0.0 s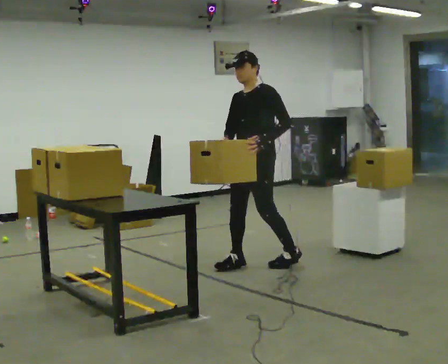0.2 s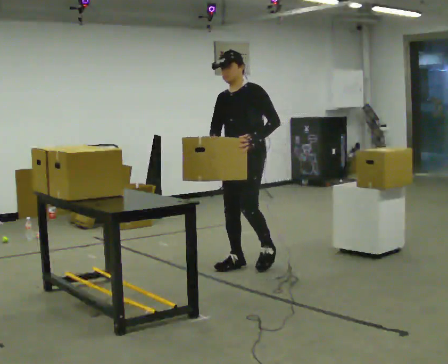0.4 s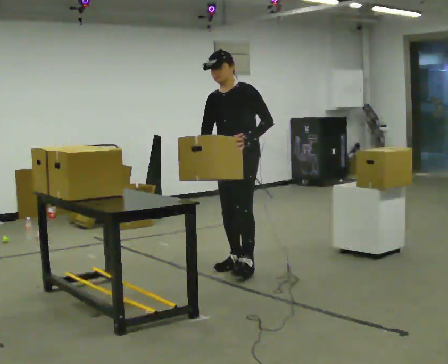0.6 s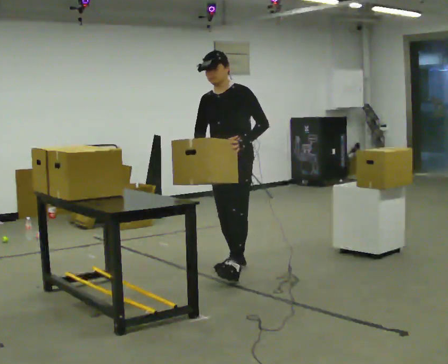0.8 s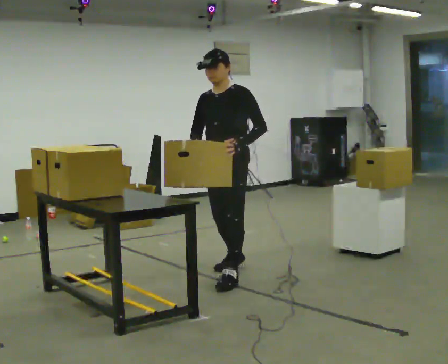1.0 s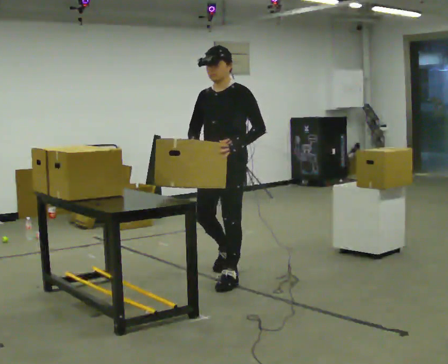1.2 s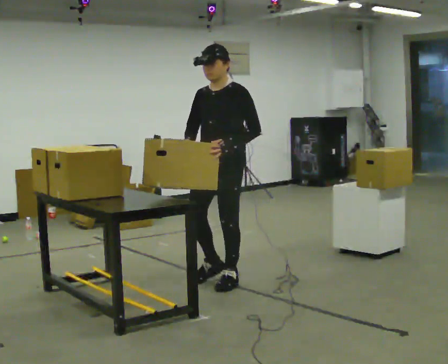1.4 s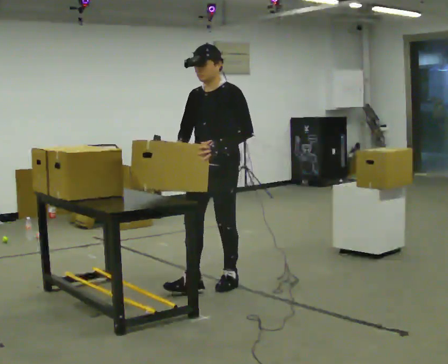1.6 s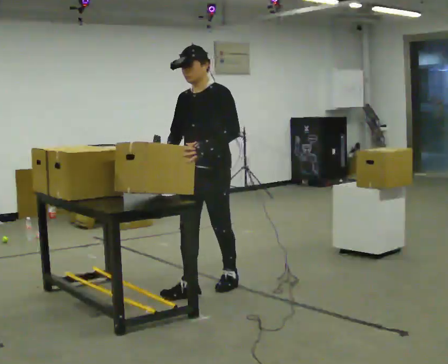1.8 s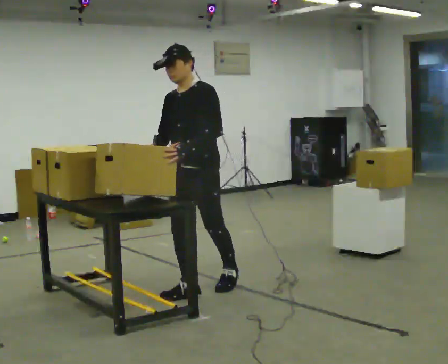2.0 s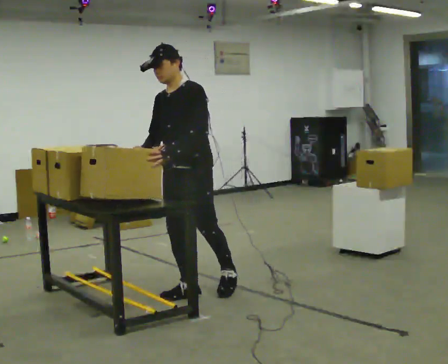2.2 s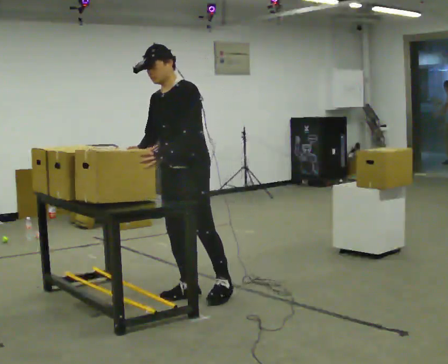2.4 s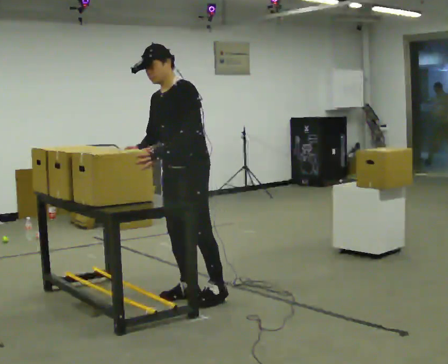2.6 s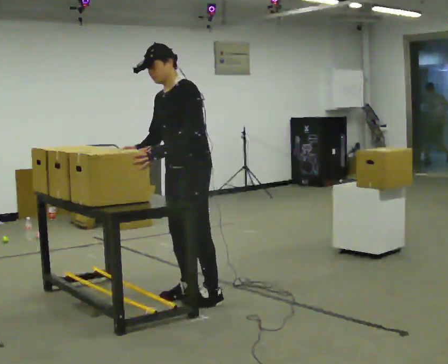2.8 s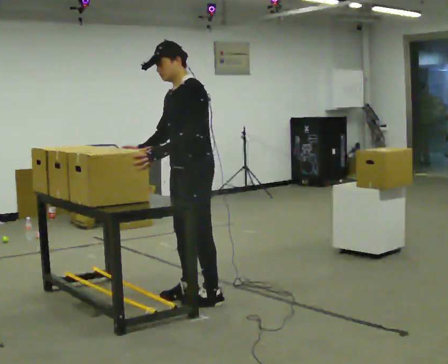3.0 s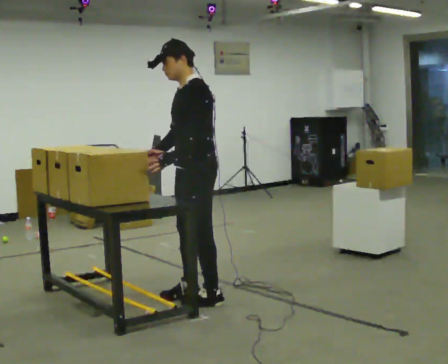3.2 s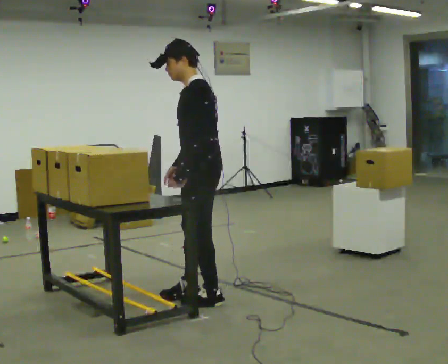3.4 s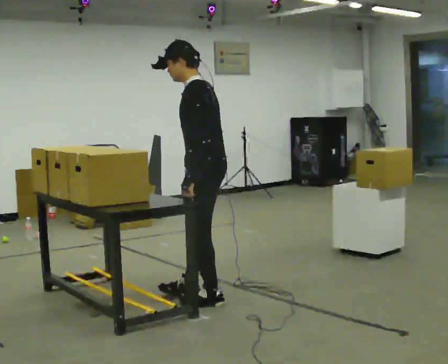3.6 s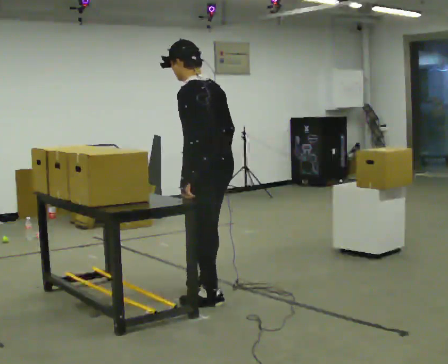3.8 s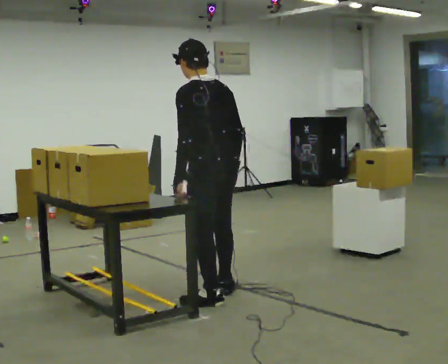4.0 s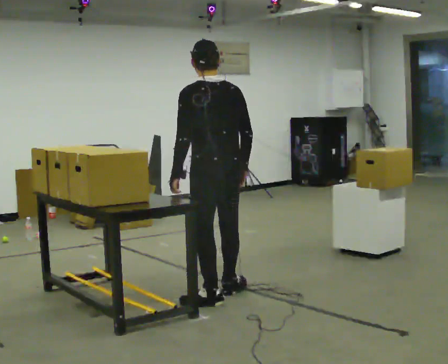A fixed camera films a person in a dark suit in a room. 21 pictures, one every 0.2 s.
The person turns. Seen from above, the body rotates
clockwise.
The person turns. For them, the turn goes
to their right.
0.0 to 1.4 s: In the picture they go toward the camera and to the left, about 0.5 m in 1 step, which for them is forward.
1.4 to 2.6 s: In the picture they go toward the camera and to the left, about 0.25 m in 1 step, which for them is forward.
2.6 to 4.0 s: The part of the body nearest the lens slides to the left as the person turns to their right by about 90 degrees. In the picture their right hand goes to the right, the arm swinging counterclockwise.
The film runs forward here.
